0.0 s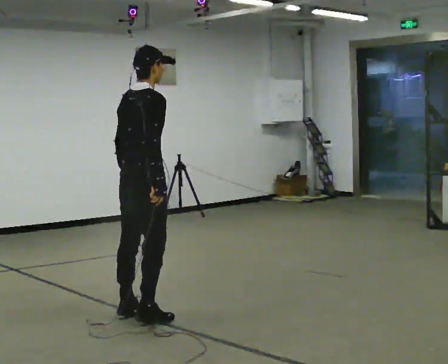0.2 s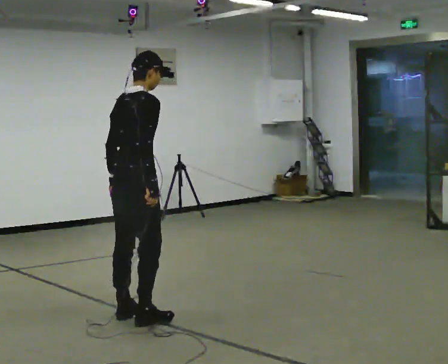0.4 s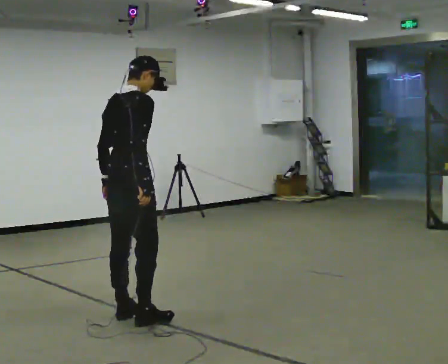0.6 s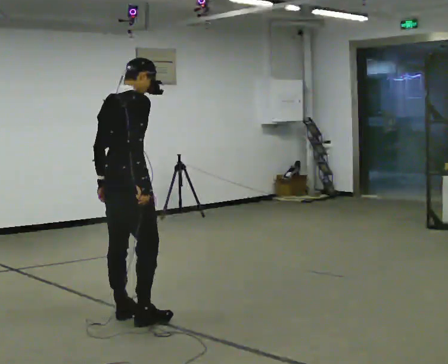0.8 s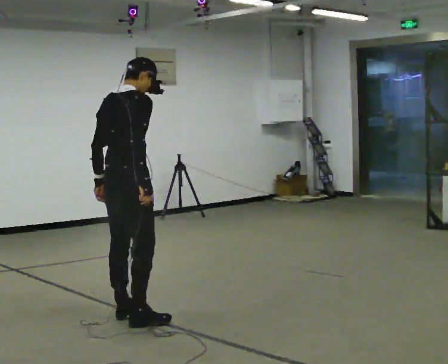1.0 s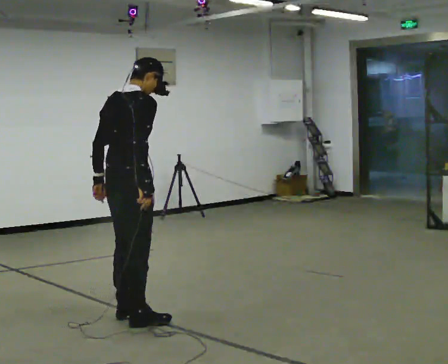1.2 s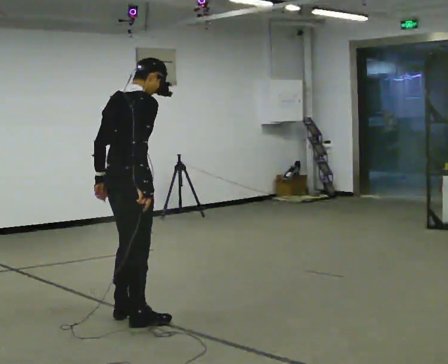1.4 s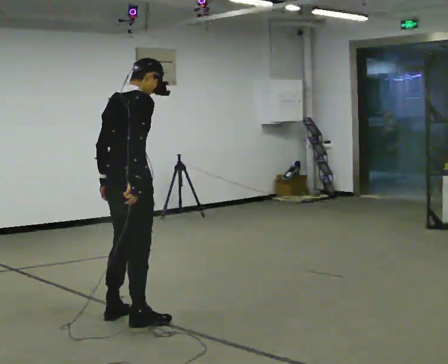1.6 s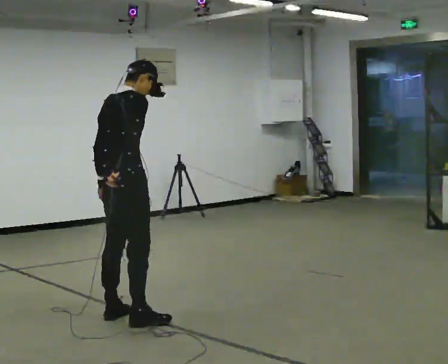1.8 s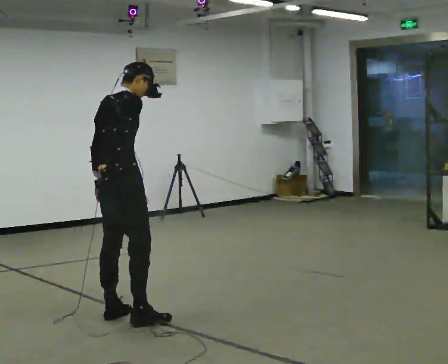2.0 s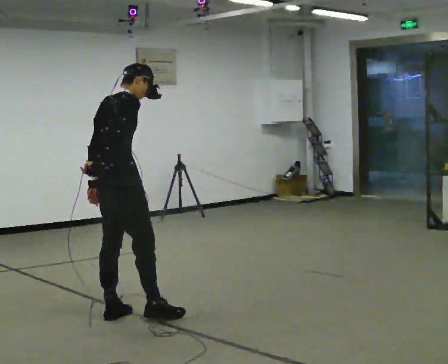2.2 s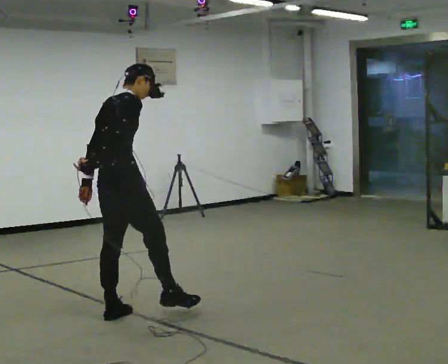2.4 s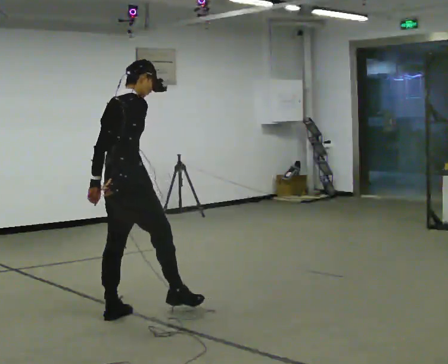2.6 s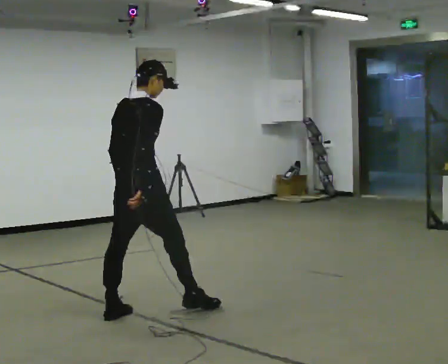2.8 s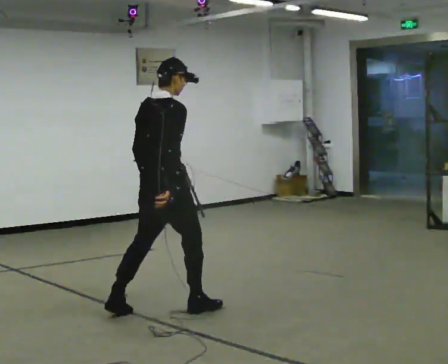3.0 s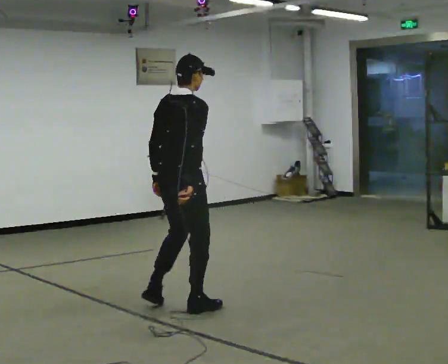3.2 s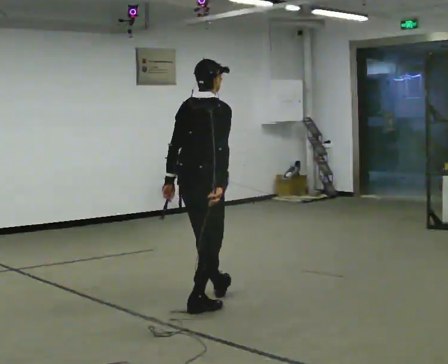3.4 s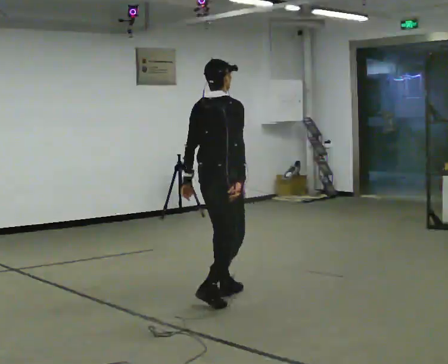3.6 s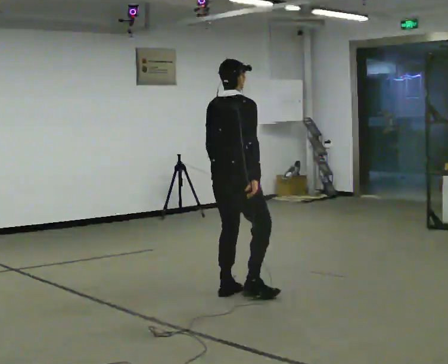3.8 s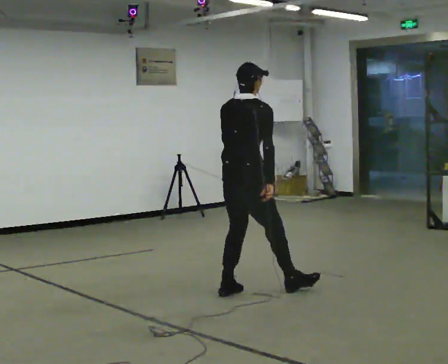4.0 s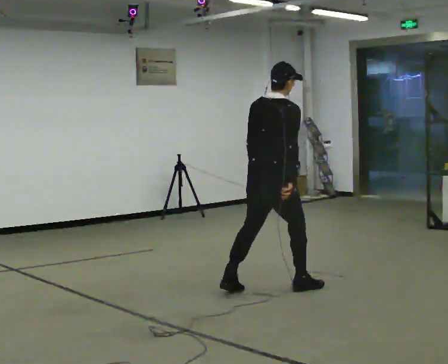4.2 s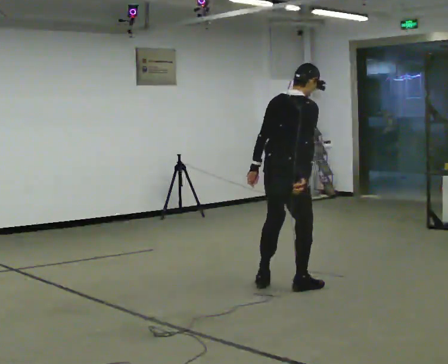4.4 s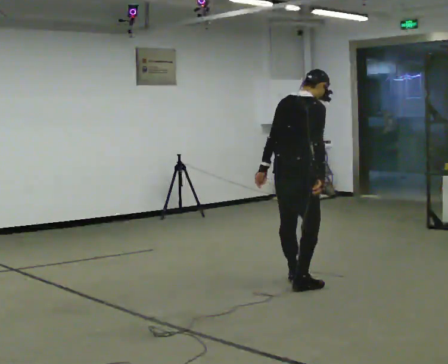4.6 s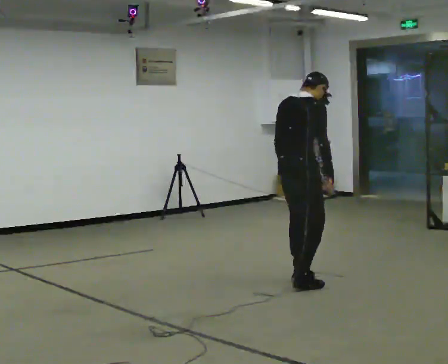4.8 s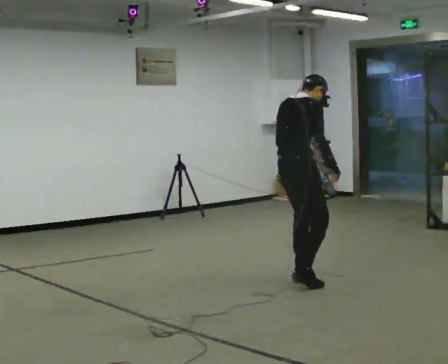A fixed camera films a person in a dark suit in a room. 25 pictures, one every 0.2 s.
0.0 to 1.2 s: The person moves a little, or ends about where they began.
1.2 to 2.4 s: In the picture they go away from the camera, about 0.25 m in 1 step, which for them is to their left.
2.4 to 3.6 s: In the picture they go to the right and away from the camera, about 1 m in 3 steps, which for them is forward.
3.6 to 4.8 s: In the picture they go to the right and away from the camera, about 0.75 m in 1 step, which for them is forward.
The film runs backward here.
